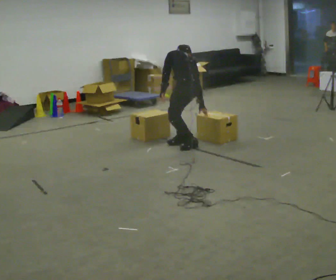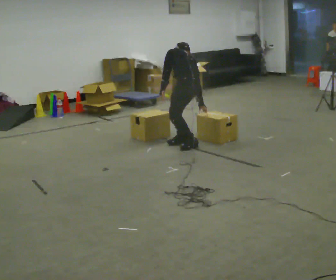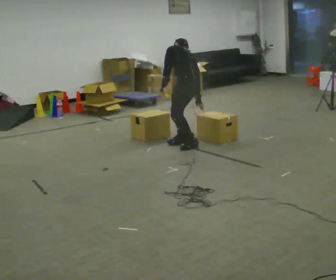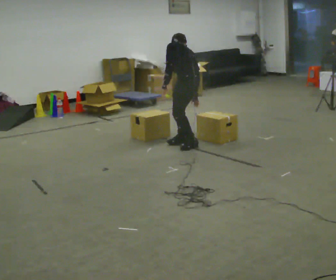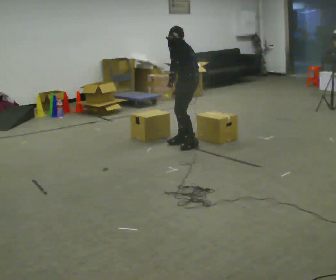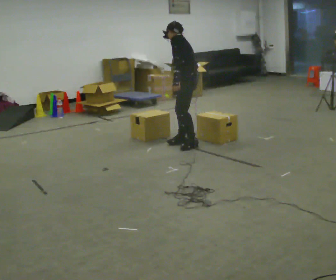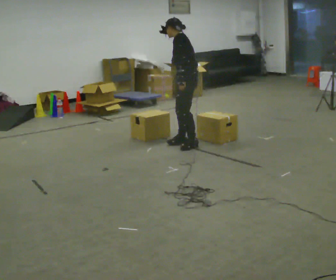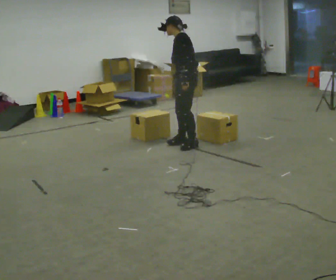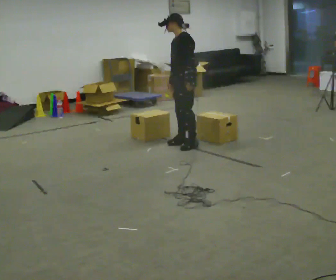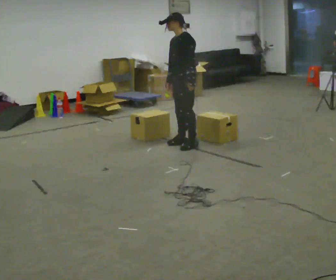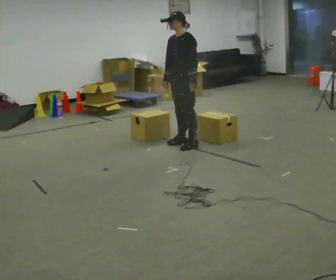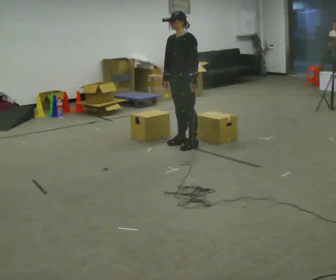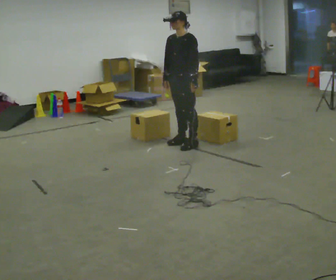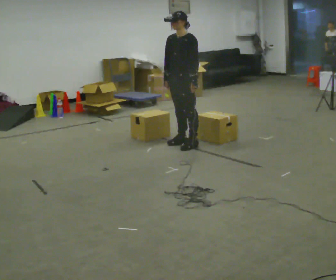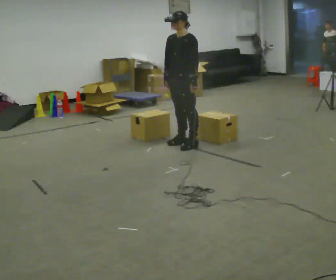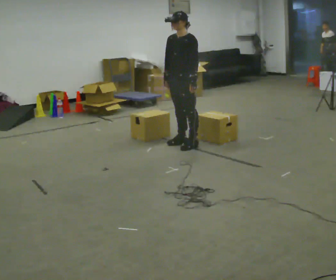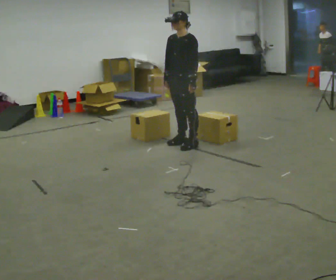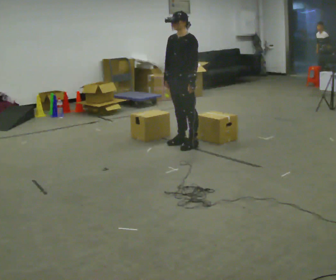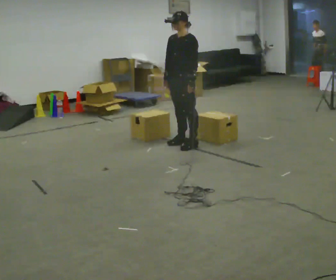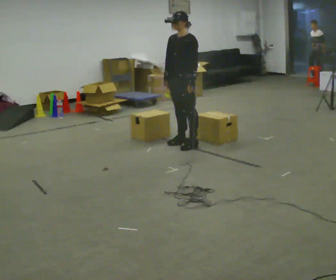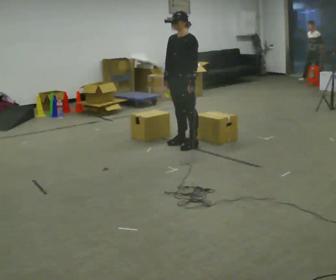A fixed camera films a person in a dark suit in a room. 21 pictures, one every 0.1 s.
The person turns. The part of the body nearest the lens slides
to the right.
The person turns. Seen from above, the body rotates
counterclockwise.
0.0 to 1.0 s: Seen from above the body turns counterclockwise, about 75 degrees: to their left, with its near side sliding to the right. In the picture they go away from the camera, about 0.25 m. The shoulders move upward. The upper body tips toward the camera, its near side rolling downward, as they lean back or straighten. In the picture their right hand goes to the left and upward.
1.0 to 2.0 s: The person moves a little, or ends about where they began.
The film runs forward here.
